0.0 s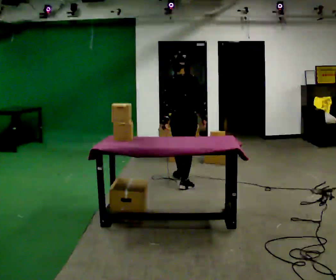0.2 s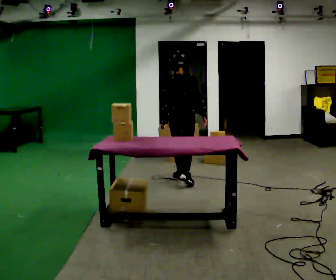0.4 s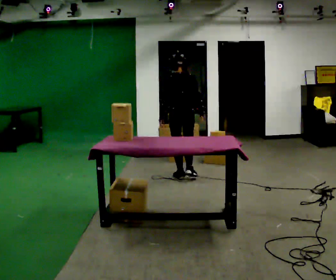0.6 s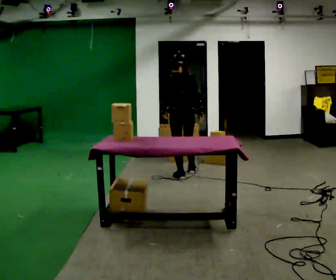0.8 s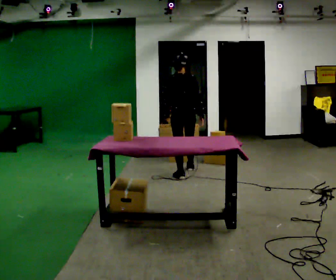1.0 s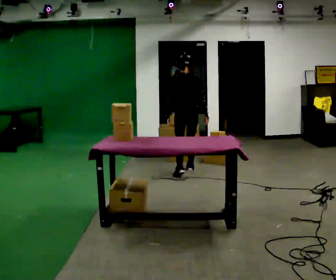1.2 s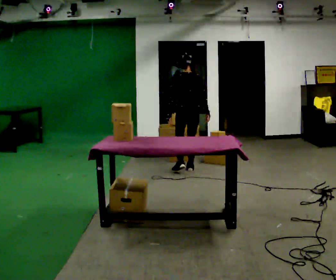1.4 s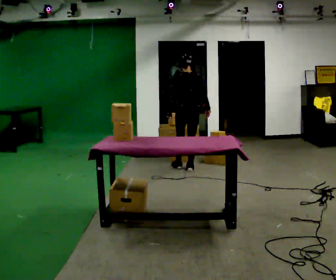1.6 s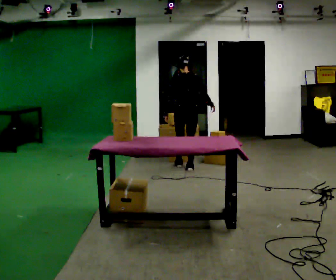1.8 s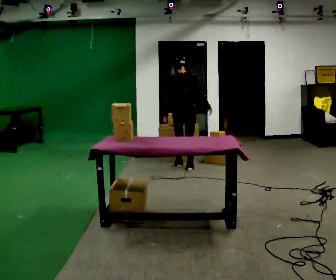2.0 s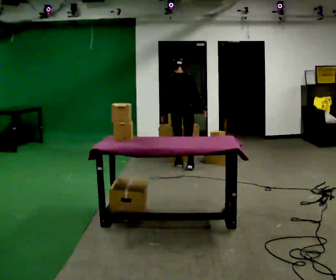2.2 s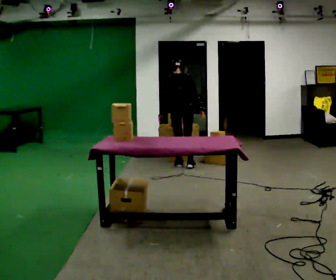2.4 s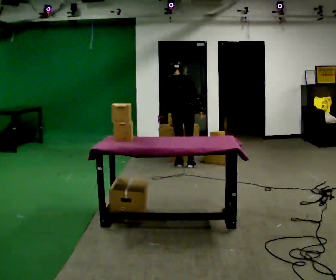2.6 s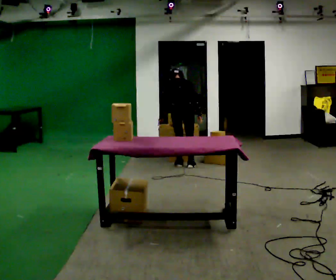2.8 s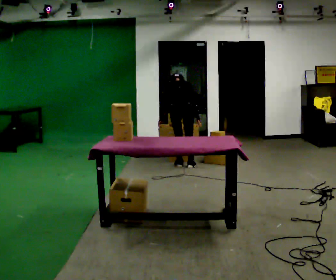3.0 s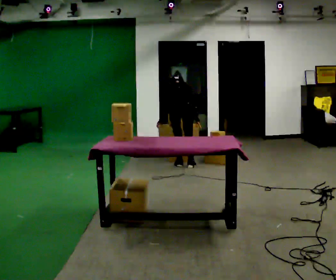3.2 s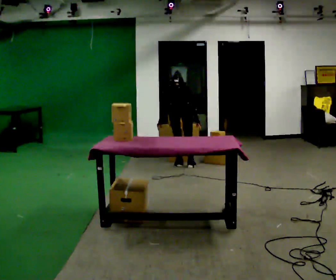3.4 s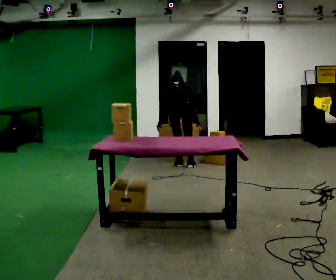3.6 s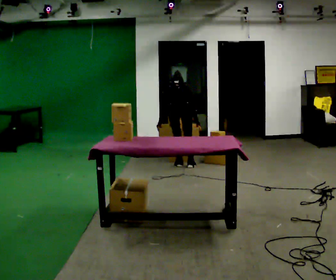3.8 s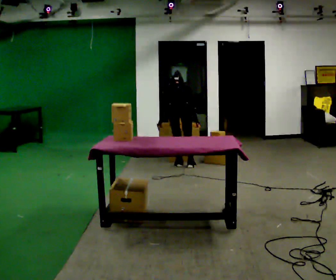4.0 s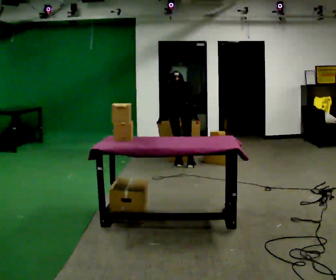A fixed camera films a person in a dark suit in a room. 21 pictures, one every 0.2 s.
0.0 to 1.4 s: In the picture they go away from the camera, about 0.75 m in 1 step, which for them is forward.
1.4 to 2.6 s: In the picture they go away from the camera, about 0.25 m in 2 steps, which for them is forward. The upper body tips away from the camera, its near side rolling upward, as they bend forward.
2.6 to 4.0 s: The person moves a little, or ends about where they began.
The film runs forward here.
